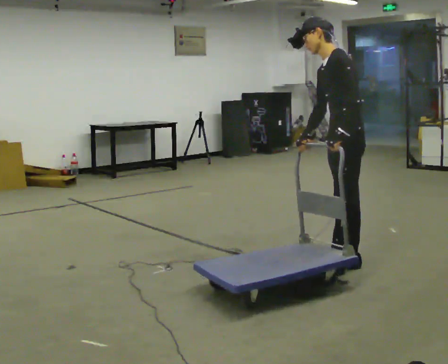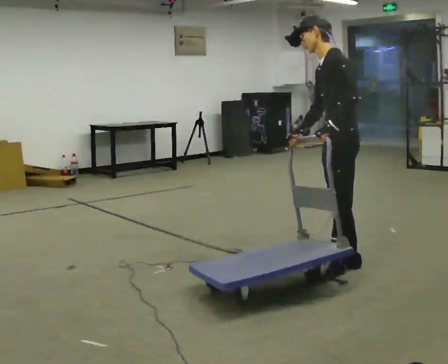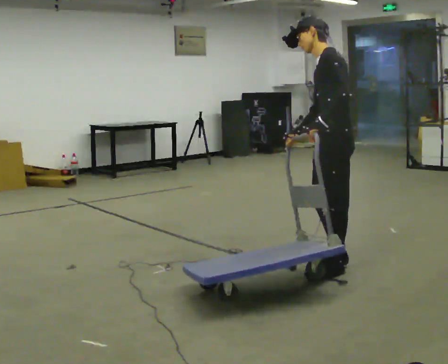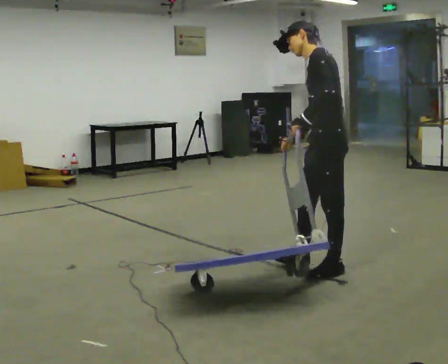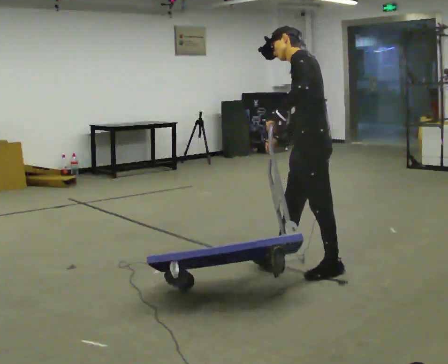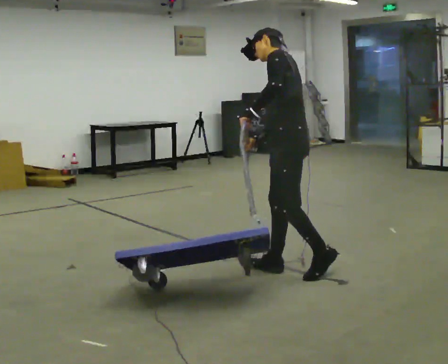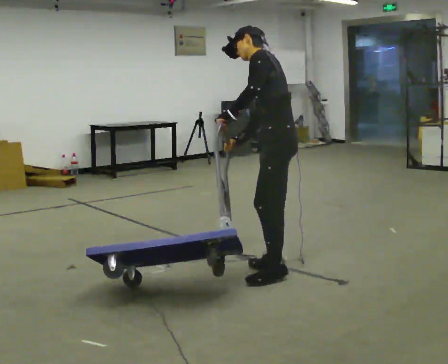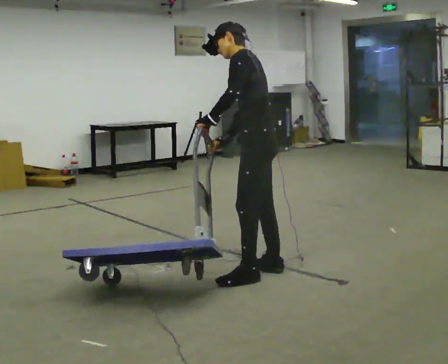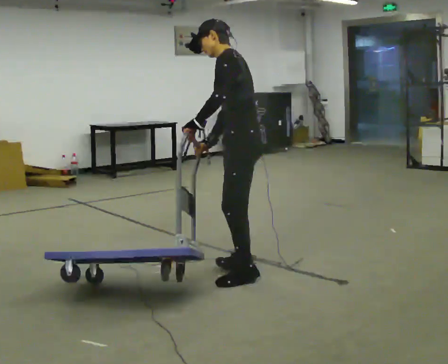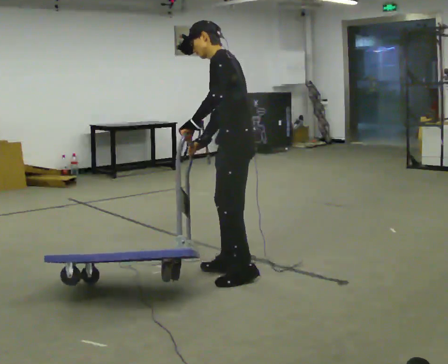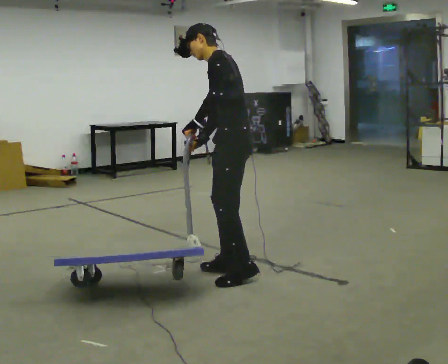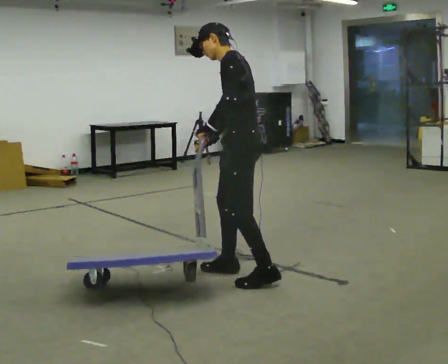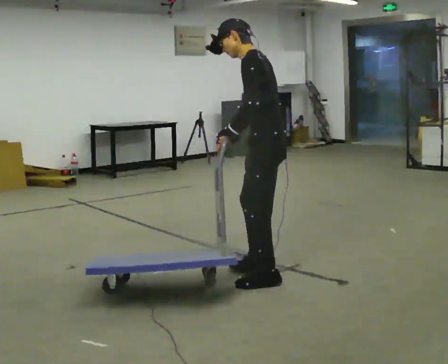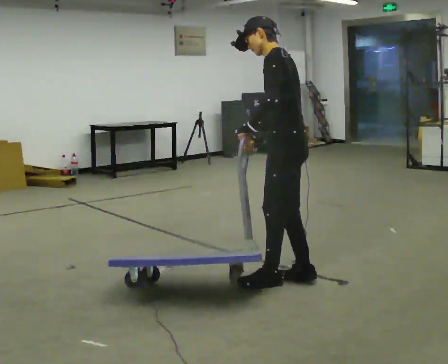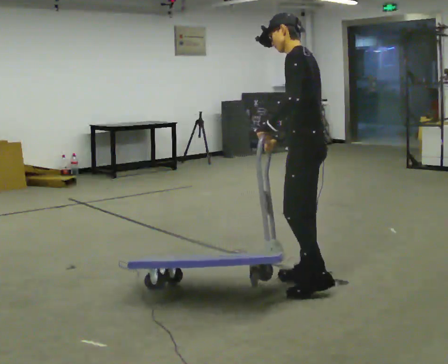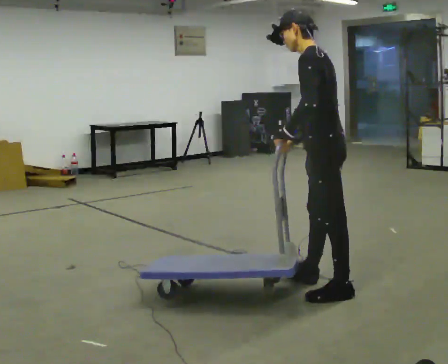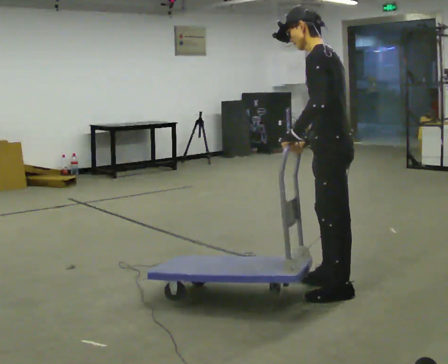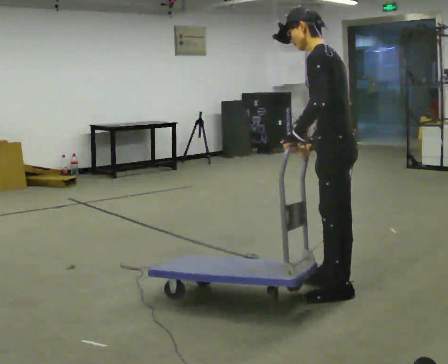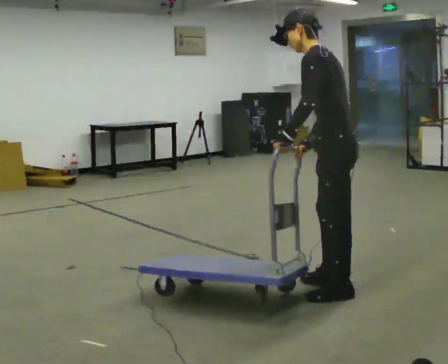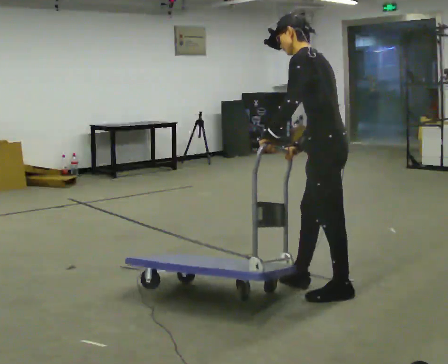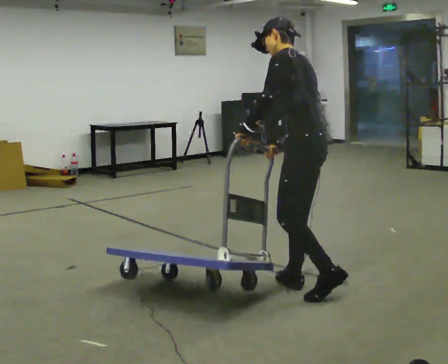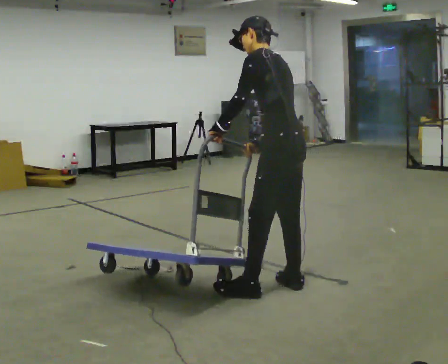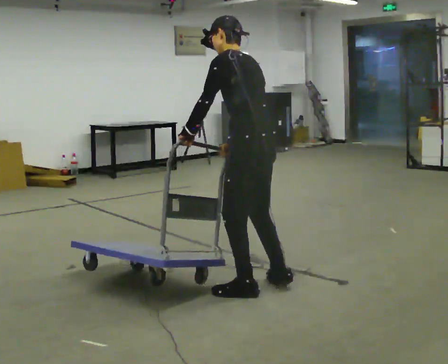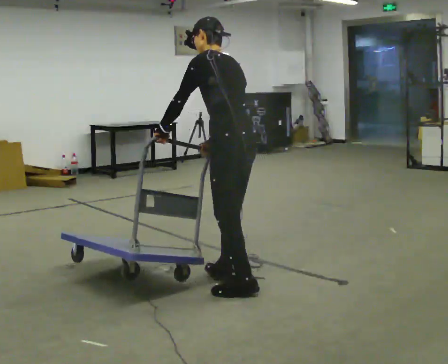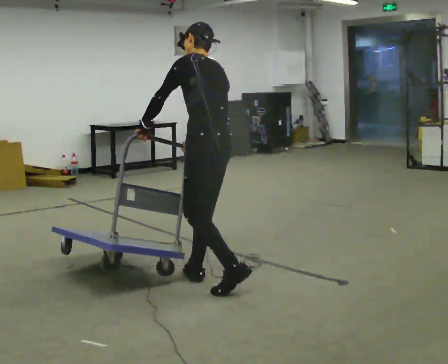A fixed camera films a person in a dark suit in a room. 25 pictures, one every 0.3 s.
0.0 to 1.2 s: In the picture they go to the left, about 0.25 m in 1 step, which for them is forward.
1.2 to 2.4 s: In the picture they go to the left, about 0.5 m in 1 step, which for them is forward.
2.4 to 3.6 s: In the picture they go to the right, about 0.25 m in 1 step, which for them is backward.
3.6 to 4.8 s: In the picture they go to the right and toward the camera, about 0.5 m in 3 steps, which for them is backward and to their left.
4.8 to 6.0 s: In the picture they go to the left, about 0.25 m in 1 step, which for them is forward.
6.0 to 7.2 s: In the picture they go to the left, about 0.5 m in 2 steps, which for them is forward.
The film runs forward here.
